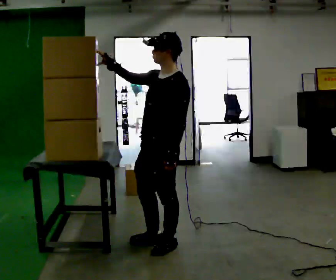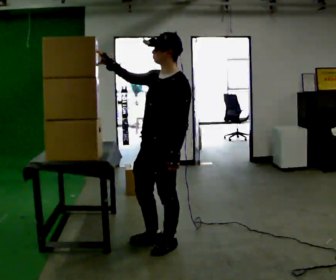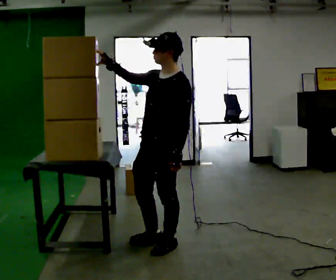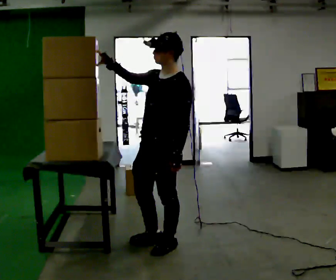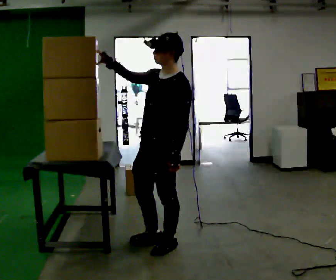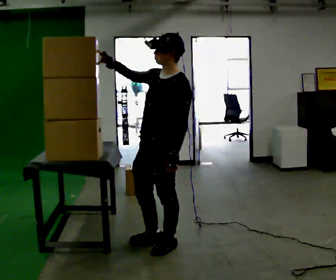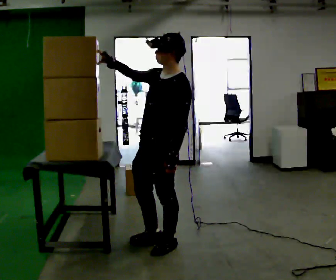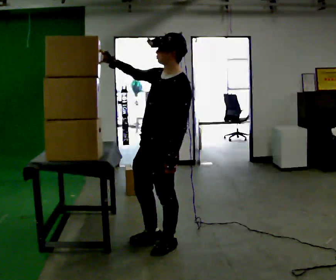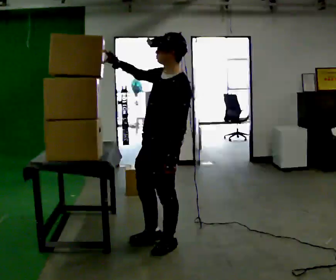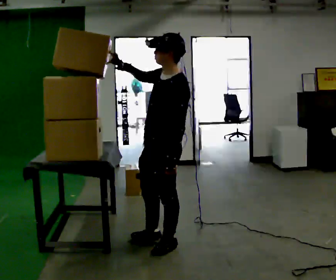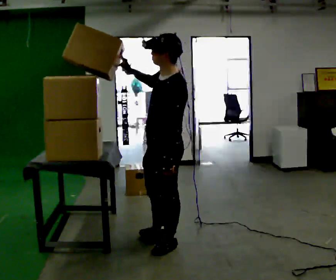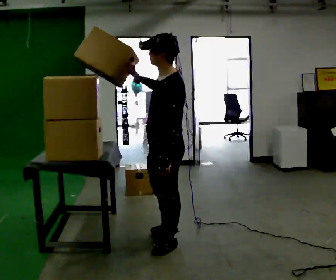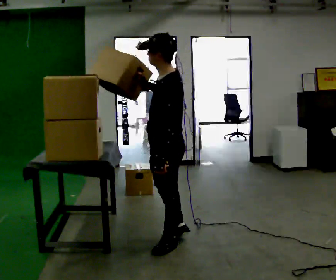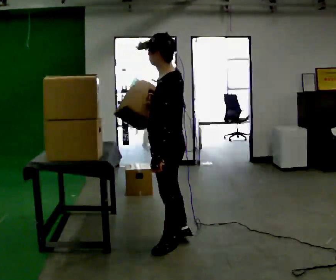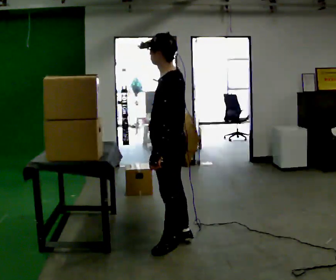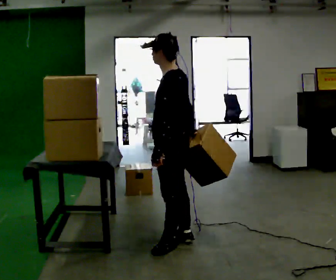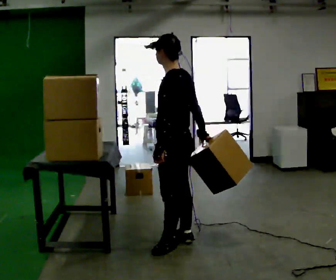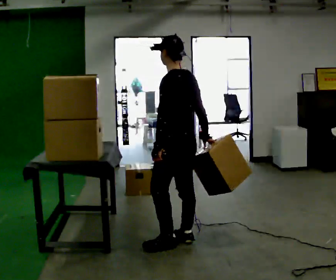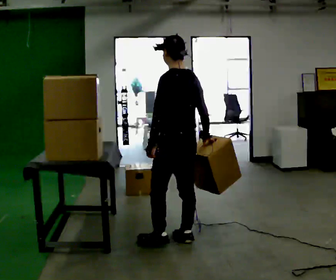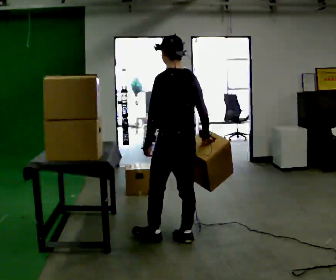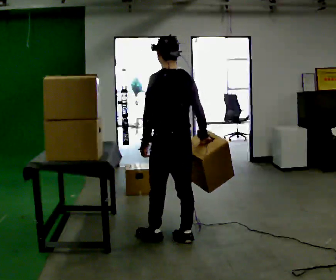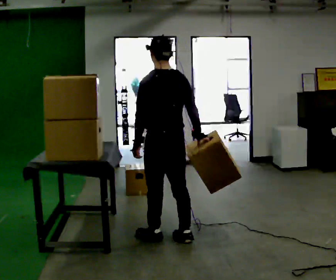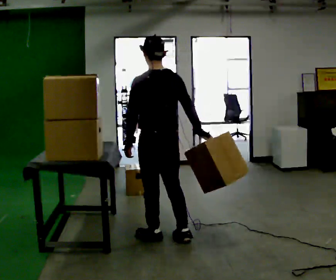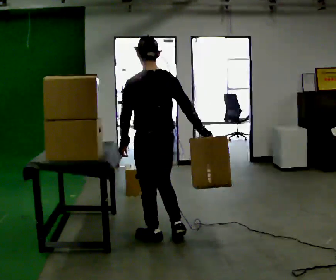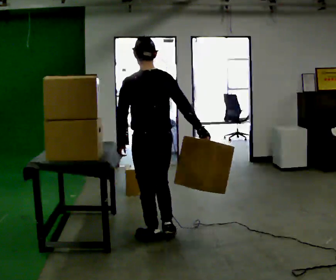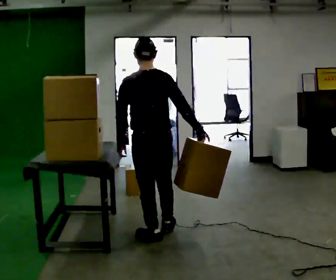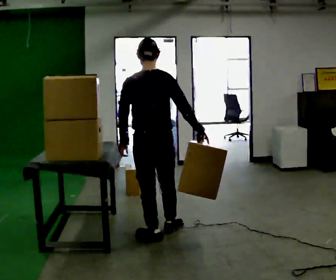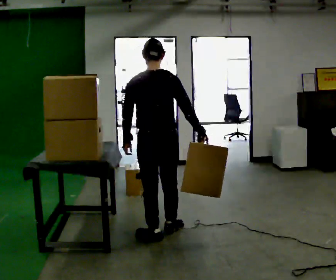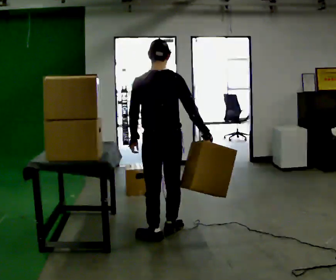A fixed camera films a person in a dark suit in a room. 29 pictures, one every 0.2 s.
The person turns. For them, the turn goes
to their right.
The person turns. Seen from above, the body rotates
clockwise.
0.0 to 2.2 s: The person moves a little, or ends about where they began.
2.2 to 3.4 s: The part of the body nearest the lens slides to the left as the person turns to their right by about 30 degrees. The upper body tips away from the camera, its near side rolling upward. In the picture their right hand goes to the right and downward.
3.4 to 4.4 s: The part of the body nearest the lens slides to the left as the person turns to their right by about 30 degrees. In the picture they go to the left, about 0.25 m in 1 step, which for them is forward.
4.4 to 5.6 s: The person moves a little, or ends about where they began.
The film runs forward here.
